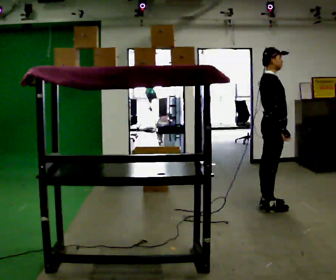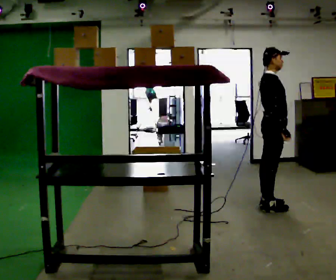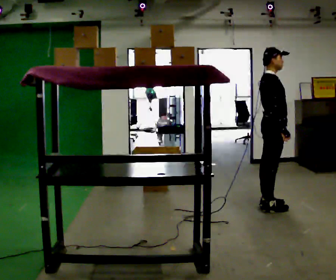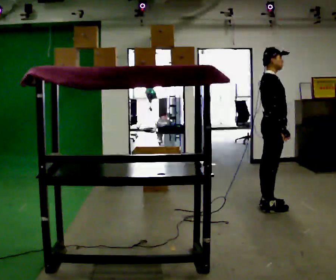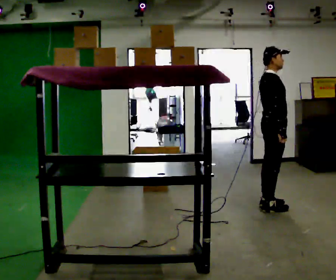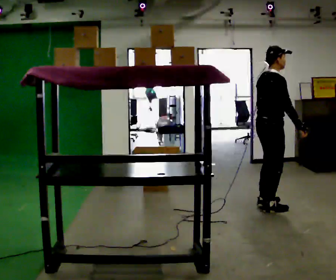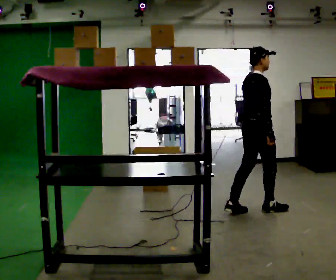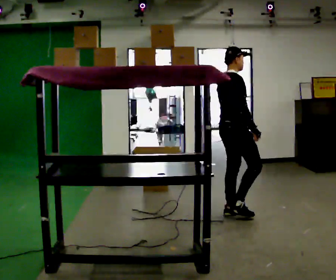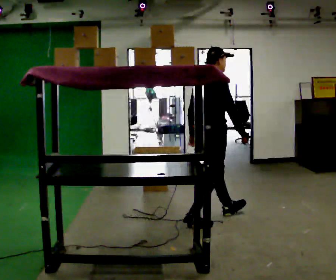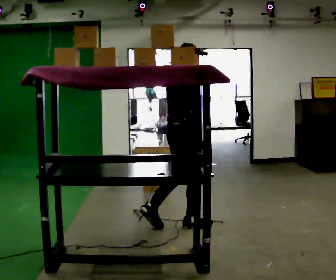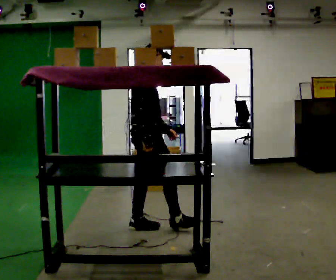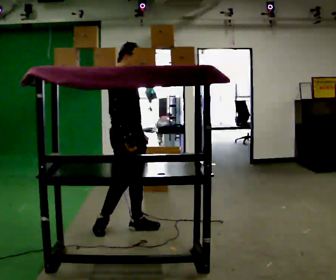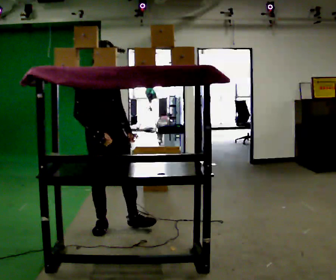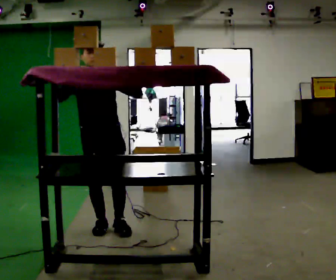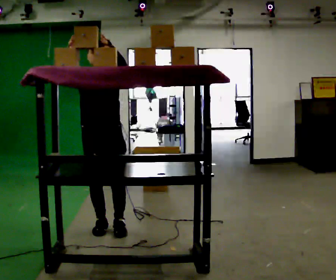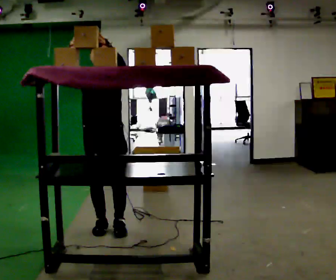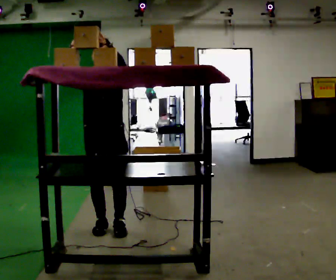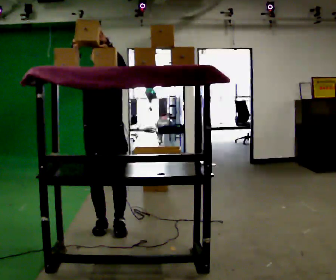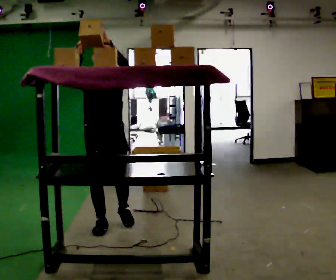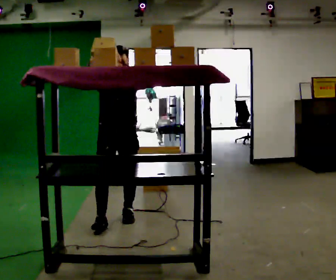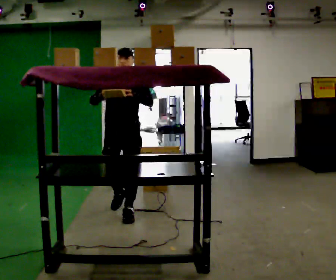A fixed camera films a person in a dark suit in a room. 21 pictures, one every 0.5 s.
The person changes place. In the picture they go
to the left.
The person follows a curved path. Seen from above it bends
clockwise.
0.0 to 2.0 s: The person moves a little, or ends about where they began.
2.0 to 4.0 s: Seen from above the body turns counterclockwise, about 30 degrees: to their left, with its near side sliding to the right. In the picture they go to the left and toward the camera, about 1 m in 2 steps, which for them is backward.
4.0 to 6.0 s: The person turns about 60 degrees to their right, clockwise seen from above, so the part of the body nearest the lens slides to the left. In the picture they go to the left, about 1 m in 2 steps.
6.0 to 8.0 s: The person turns about 45 degrees to their right, clockwise seen from above, so the part of the body nearest the lens slides to the left. In the picture their left hand goes upward.
8.0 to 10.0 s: In the picture they go away from the camera, about 0.5 m in 2 steps, which for them is backward. In the picture their right hand goes downward.
The film runs backward here.
